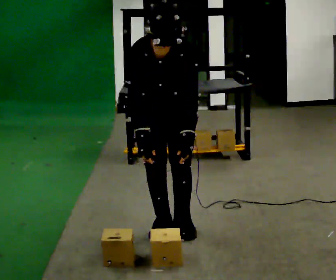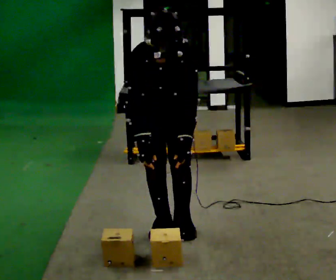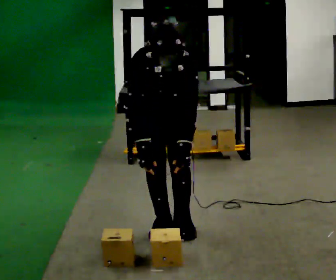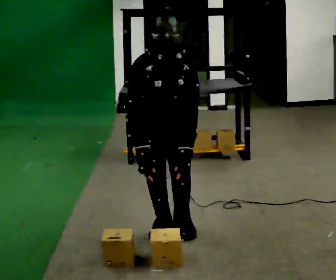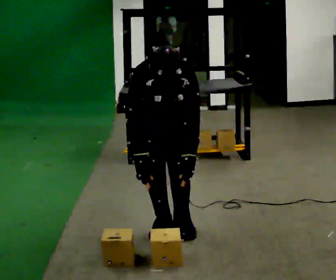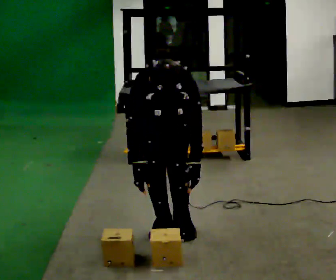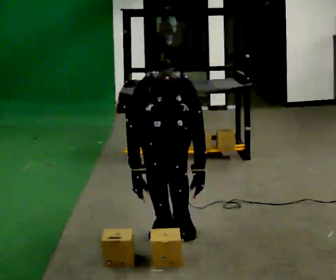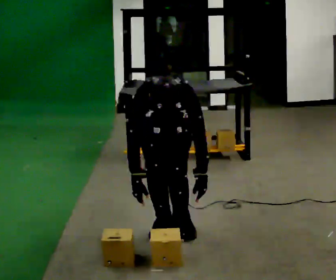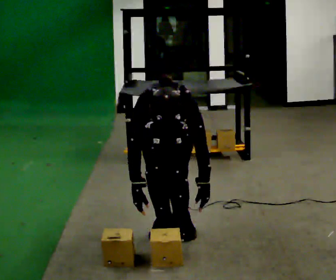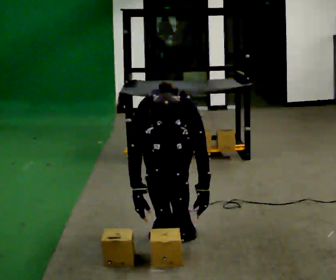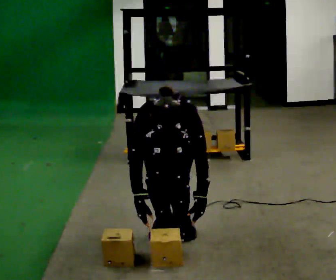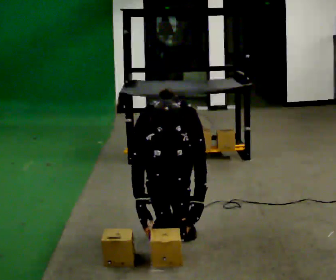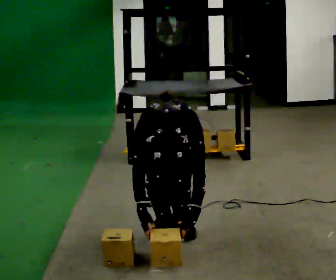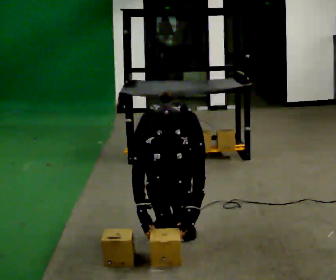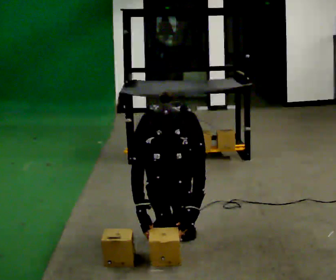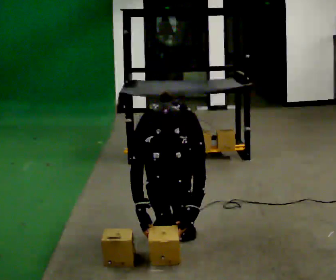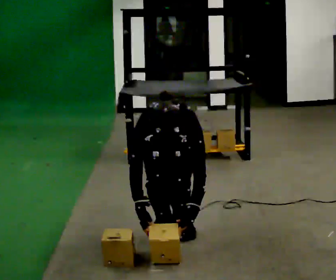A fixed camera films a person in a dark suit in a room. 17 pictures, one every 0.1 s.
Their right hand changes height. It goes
downward.
Their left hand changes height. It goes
downward.
0.0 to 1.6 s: The upper body goes downward. The upper body tips toward the camera, its near side rolling downward, as they bend forward. In the picture their left hand goes downward.
The film runs backward here.
